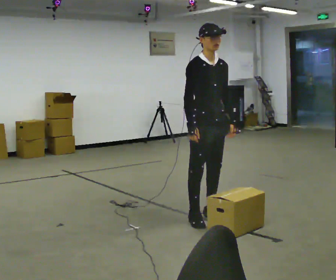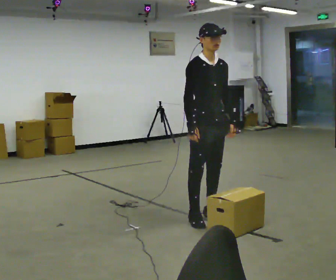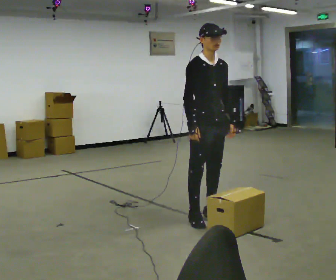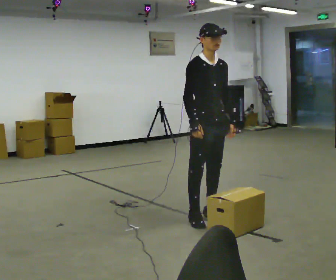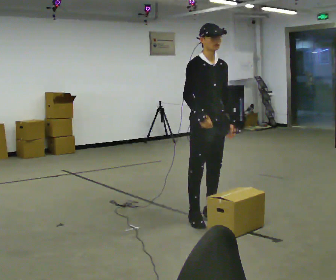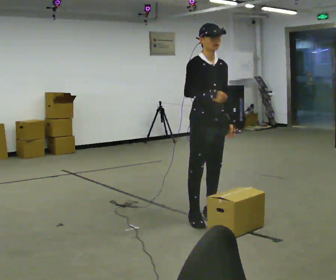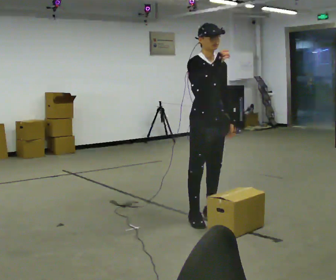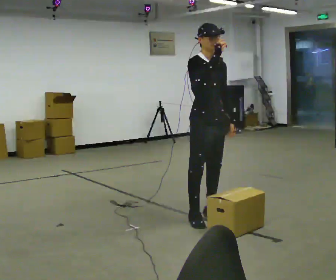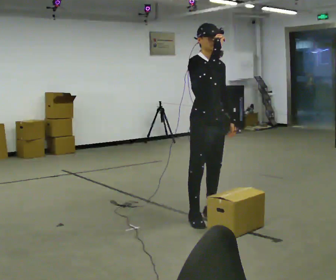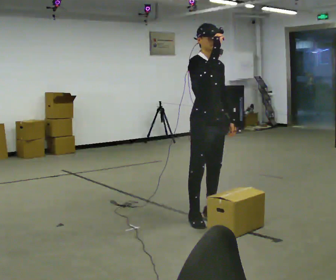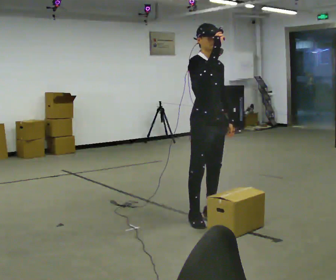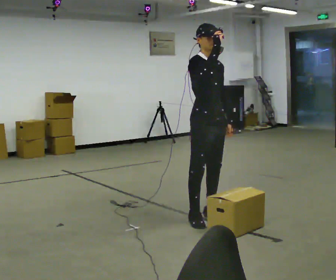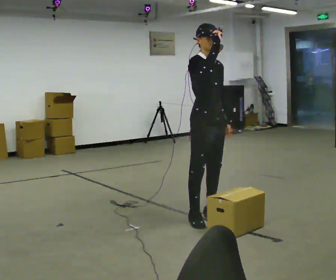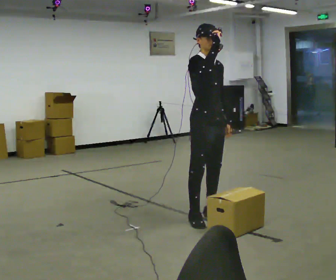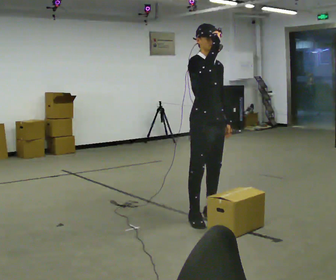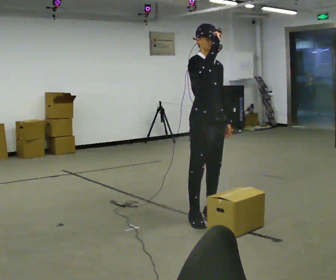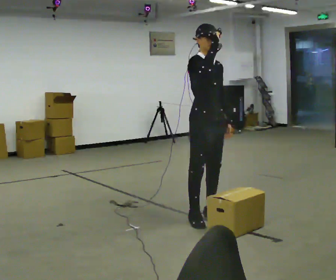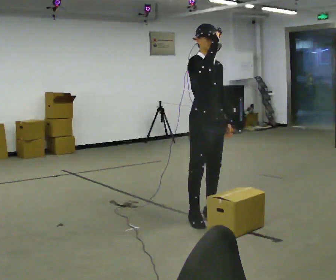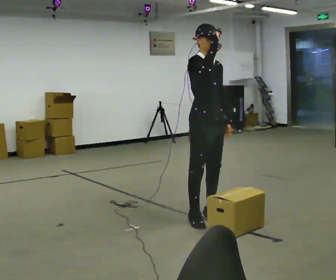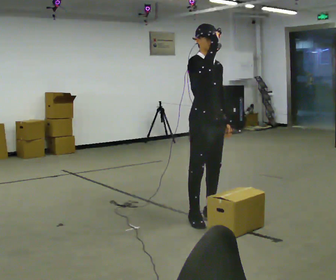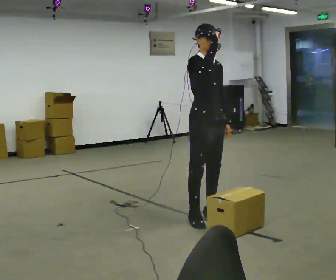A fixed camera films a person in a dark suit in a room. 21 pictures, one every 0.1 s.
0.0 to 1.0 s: In the picture their right hand goes upward.
1.0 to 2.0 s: The person moves a little, or ends about where they began.
The film runs forward here.
